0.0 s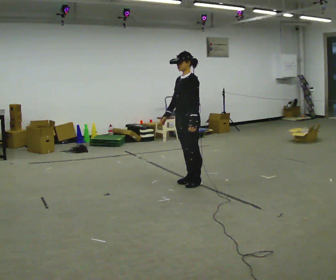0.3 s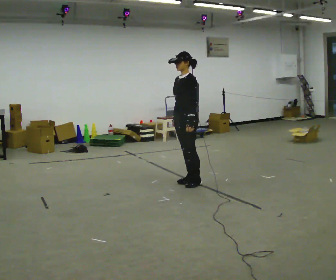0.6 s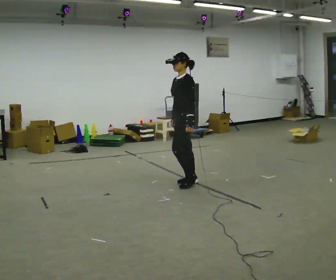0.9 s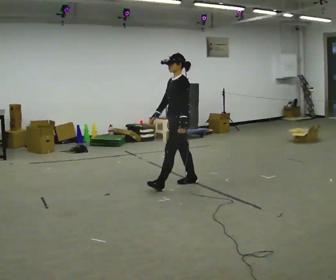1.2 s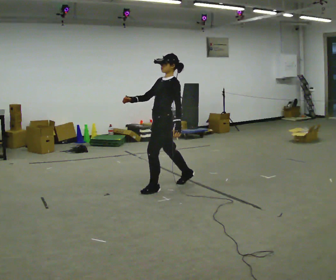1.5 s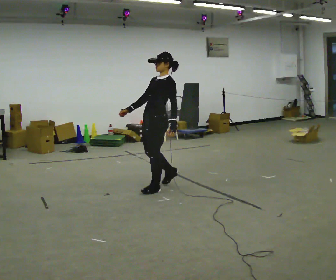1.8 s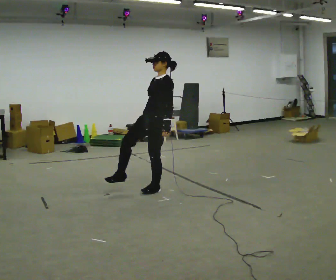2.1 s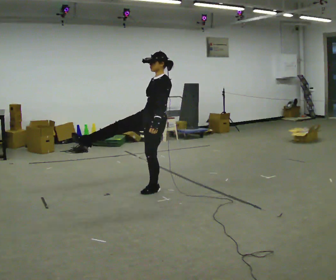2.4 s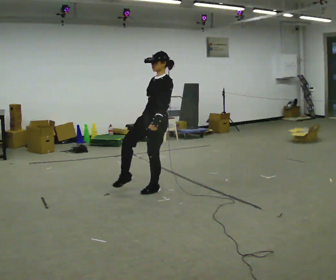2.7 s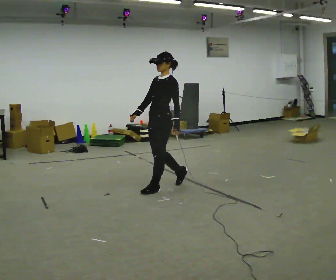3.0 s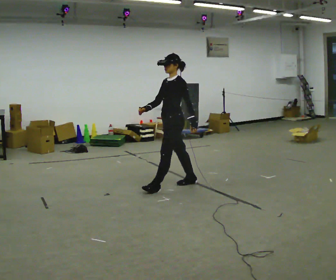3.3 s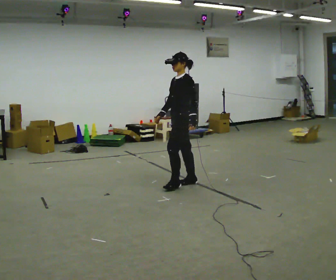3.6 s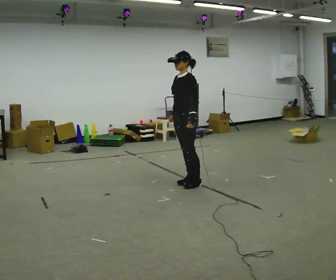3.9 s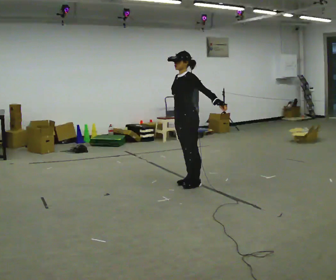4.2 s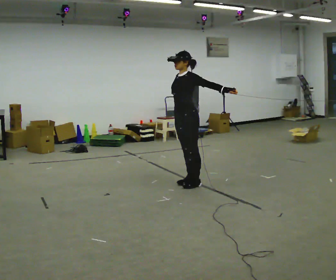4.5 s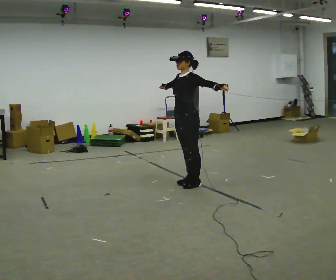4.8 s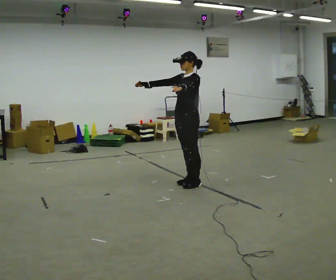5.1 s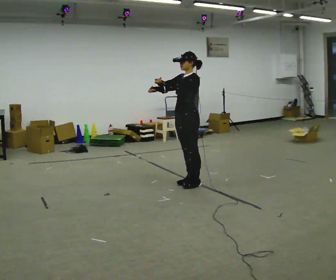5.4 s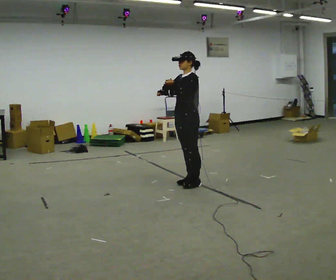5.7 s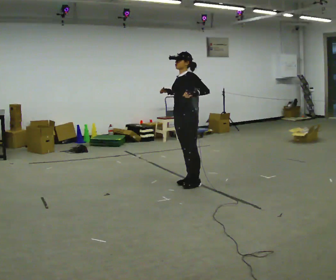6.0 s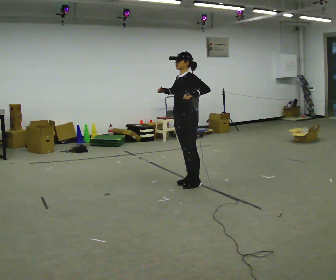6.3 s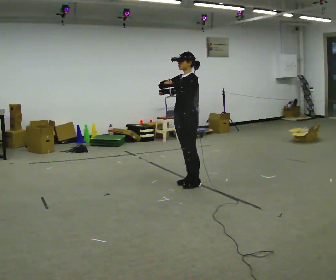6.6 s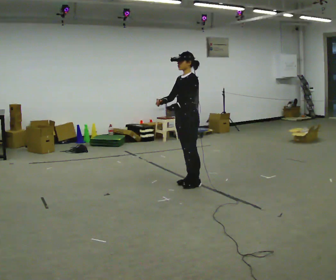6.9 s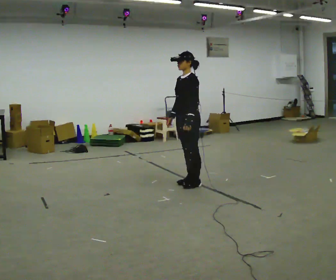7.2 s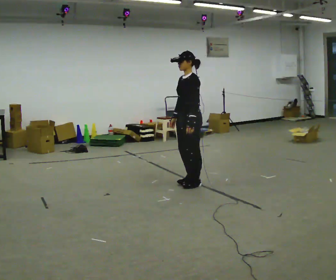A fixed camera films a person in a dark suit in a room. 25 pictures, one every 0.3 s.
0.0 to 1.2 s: In the picture they go to the left, about 0.25 m in 2 steps, which for them is forward.
1.2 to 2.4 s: The person moves a little, or ends about where they began.
2.4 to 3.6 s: In the picture they go to the right and away from the camera, about 0.5 m in 1 step, which for them is backward.
3.6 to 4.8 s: In the picture their right hand goes upward and to the left.
4.8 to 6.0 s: The person moves a little, or ends about where they began.
6.0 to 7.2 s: In the picture their right hand goes downward.
The film runs backward here.
